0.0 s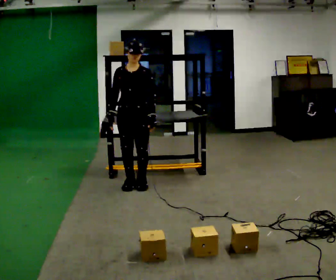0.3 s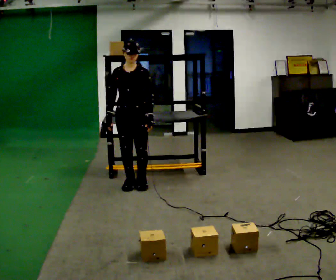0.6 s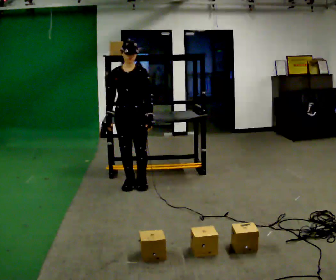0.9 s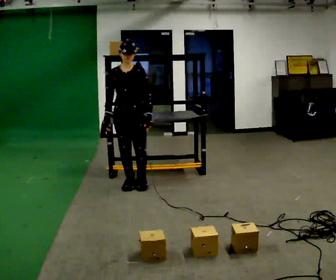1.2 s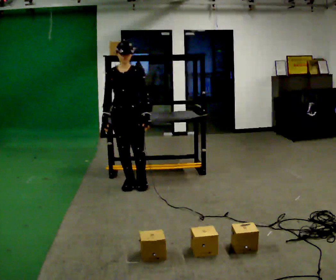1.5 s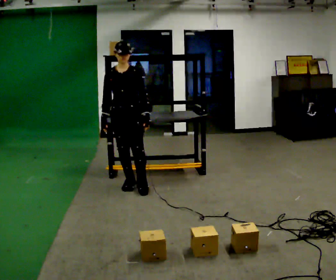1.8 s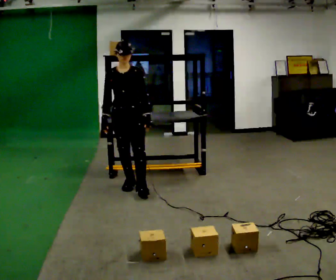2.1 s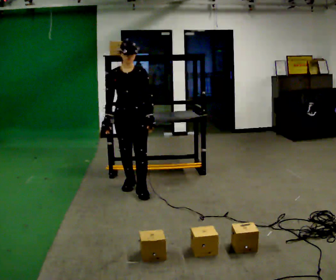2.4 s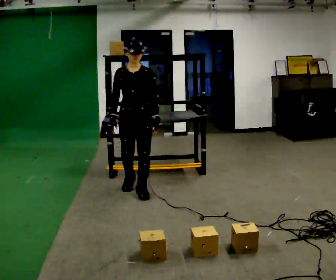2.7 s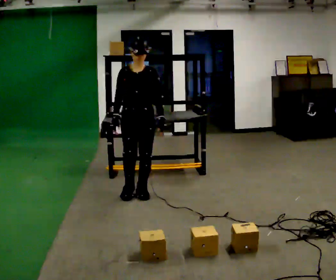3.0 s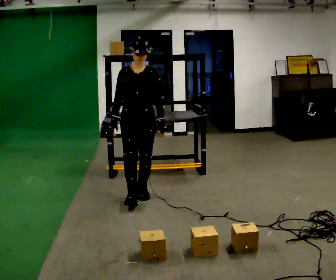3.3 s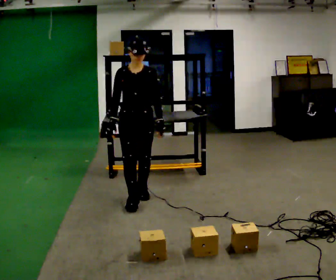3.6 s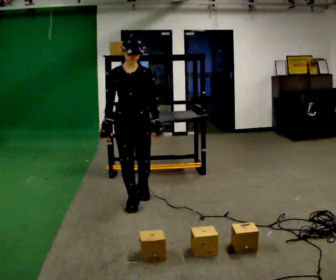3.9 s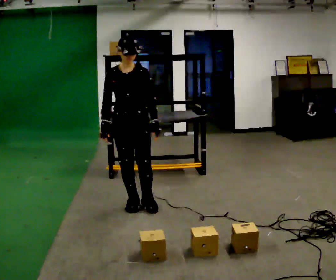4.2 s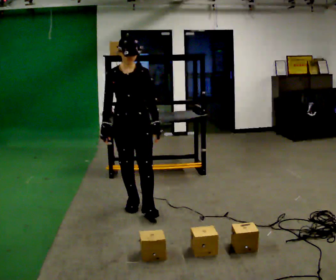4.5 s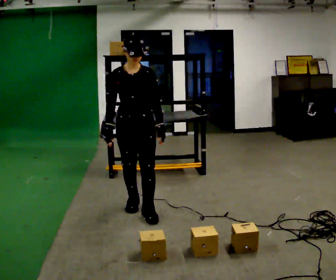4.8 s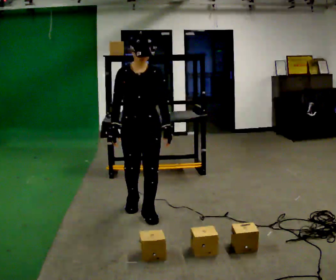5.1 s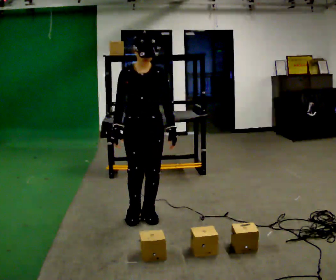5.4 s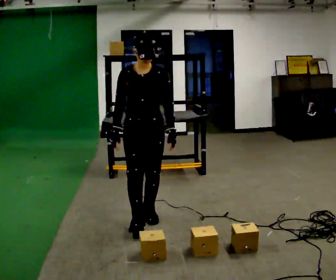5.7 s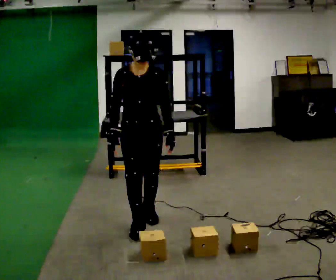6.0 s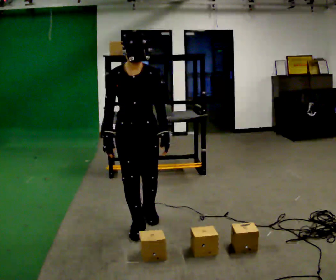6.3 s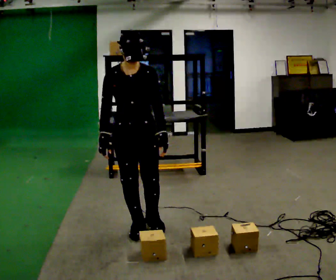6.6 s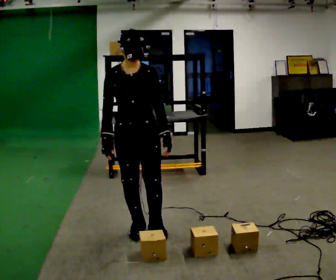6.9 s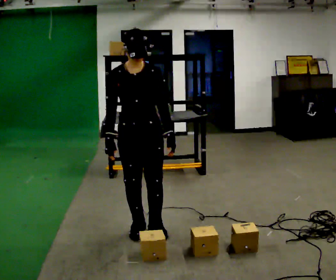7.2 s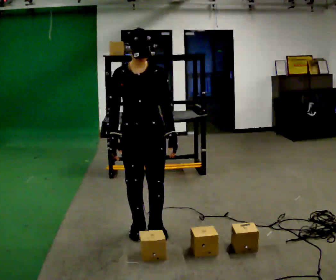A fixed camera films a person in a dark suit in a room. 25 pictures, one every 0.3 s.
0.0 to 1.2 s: The person moves a little, or ends about where they began.
1.2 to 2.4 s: In the picture they go toward the camera, about 0.25 m in 1 step, which for them is forward.
2.4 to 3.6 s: In the picture they go toward the camera, about 0.25 m in 1 step, which for them is forward.
3.6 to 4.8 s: In the picture they go toward the camera, about 0.25 m in 1 step, which for them is forward.
4.8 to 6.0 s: In the picture they go toward the camera, about 0.25 m in 1 step, which for them is forward.
6.0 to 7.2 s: The person moves a little, or ends about where they began.
The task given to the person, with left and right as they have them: Pick an object up off the floor, carry it across the room, and place it on the highest shelf you can comfortably reach. Keep going until the operator says stop; one object at a time, and do not rush between trips.
The film runs forward here.
